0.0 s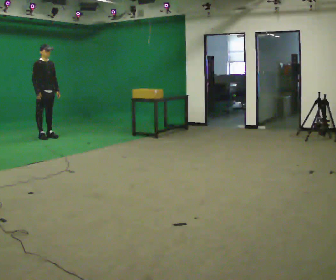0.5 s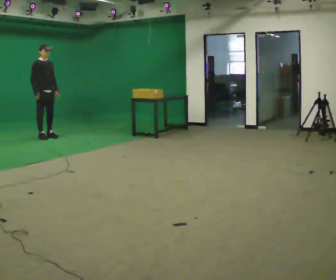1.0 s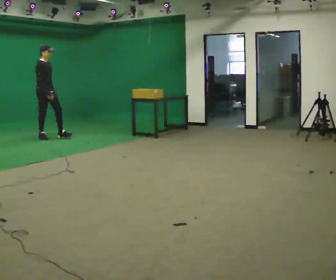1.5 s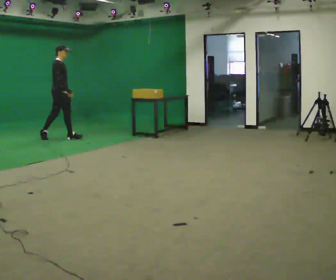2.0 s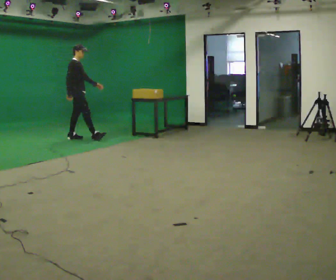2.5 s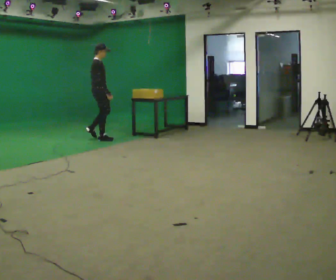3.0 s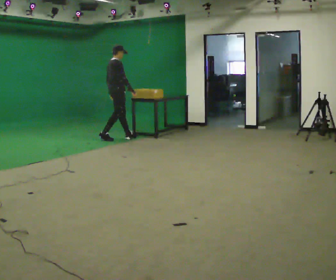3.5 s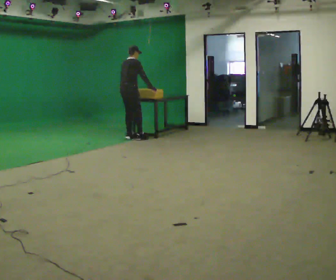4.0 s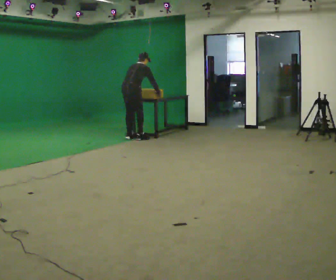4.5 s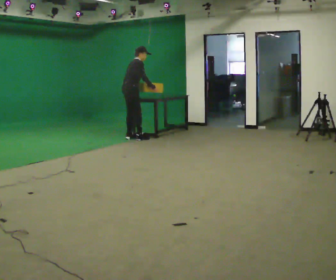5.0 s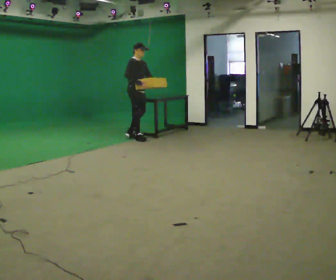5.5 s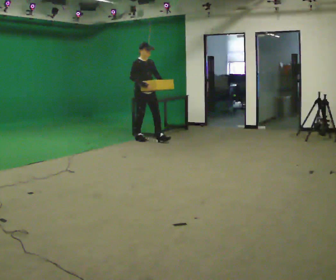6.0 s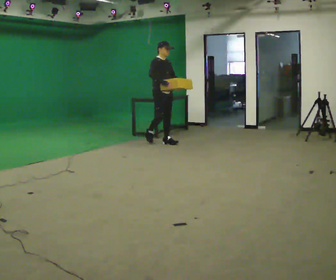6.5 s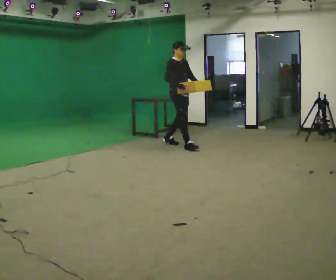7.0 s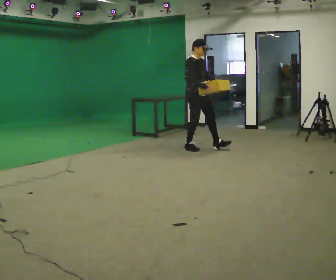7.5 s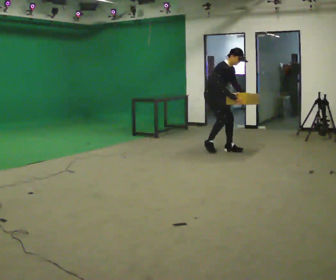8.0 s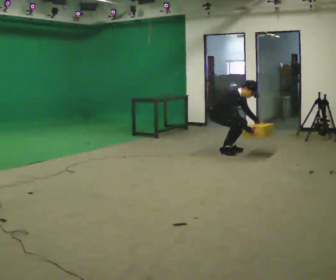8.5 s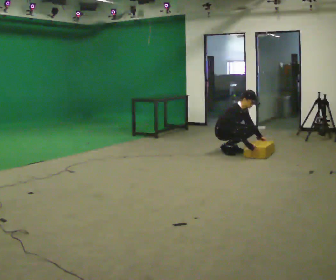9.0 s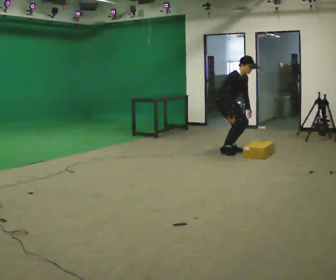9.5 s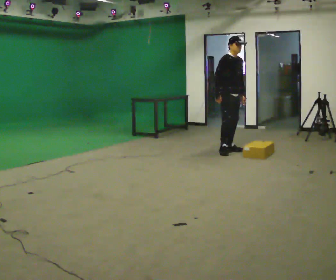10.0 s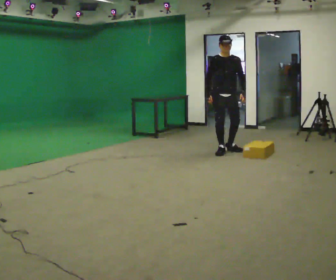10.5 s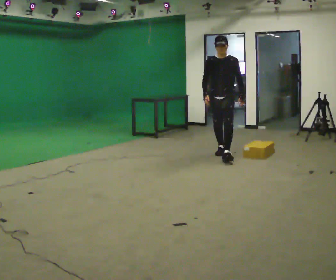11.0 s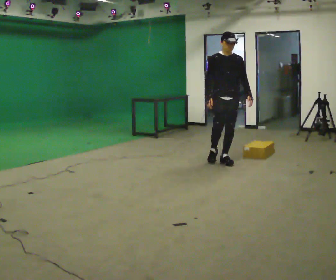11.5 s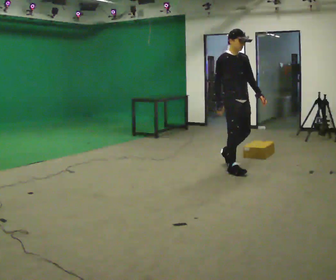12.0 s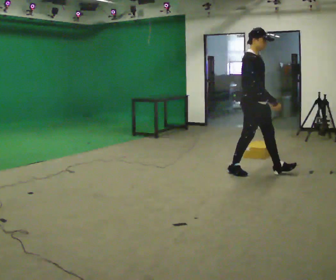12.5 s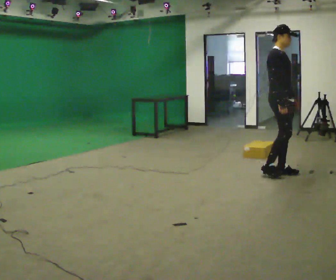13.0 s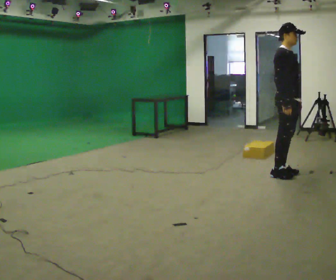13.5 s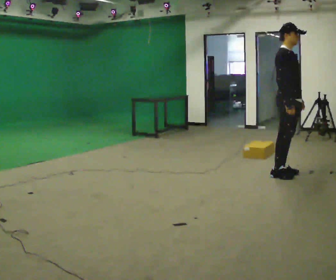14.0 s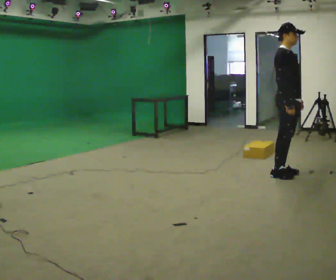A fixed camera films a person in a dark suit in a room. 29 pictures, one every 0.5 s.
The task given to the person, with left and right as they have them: Walk quickly but do not run; remain comfortable and controlled; stop.
0.0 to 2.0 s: The person turns about 45 degrees to their left, counterclockwise seen from above, so the part of the body nearest the lens slides to the right. In the picture they go to the right, about 0.75 m in 1 step, which for them is forward.
2.0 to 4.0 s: The person turns about 60 degrees to their left, counterclockwise seen from above, so the part of the body nearest the lens slides to the right. In the picture they go to the right, about 1 m in 3 steps, which for them is forward and to their right. The upper body tips away from the camera, its near side rolling upward, as they bend forward.
4.0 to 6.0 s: The person turns about 105 degrees to their right, clockwise seen from above, so the part of the body nearest the lens slides to the left. In the picture they go to the right and toward the camera, about 0.5 m in 1 step. The upper body tips toward the camera, its near side rolling downward, as they lean back or straighten.
6.0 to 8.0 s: In the picture they go to the right and toward the camera, about 1 m in 3 steps, which for them is forward. The shoulders move downward. In the picture the upper body tilts clockwise, shoulders to the right, as they bend forward. In the picture their right hand goes downward.
8.0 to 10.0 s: The person turns about 60 degrees to their right, clockwise seen from above, so the part of the body nearest the lens slides to the left. In the picture the upper body tilts counterclockwise, shoulders to the left, as they lean back or straighten. In the picture their right hand goes to the left and upward.
10.0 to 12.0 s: The person turns about 60 degrees to their left, counterclockwise seen from above, so the part of the body nearest the lens slides to the right. In the picture they go toward the camera, about 1 m in 2 steps.
12.0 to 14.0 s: In the picture they go to the right, about 0.5 m in 2 steps, which for them is forward.
The film runs forward here.
